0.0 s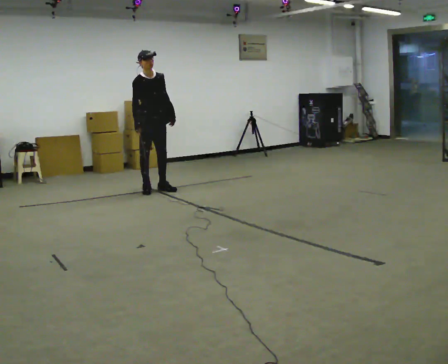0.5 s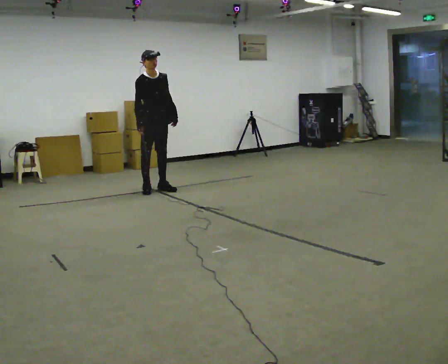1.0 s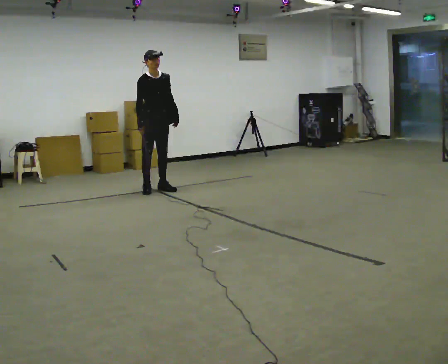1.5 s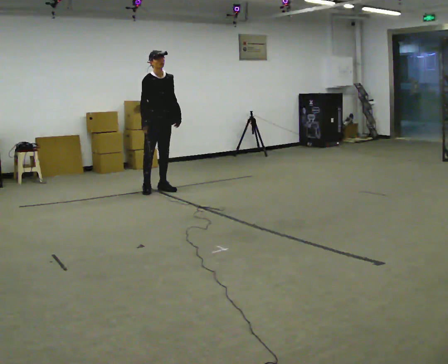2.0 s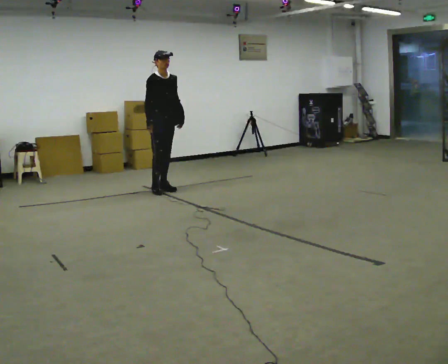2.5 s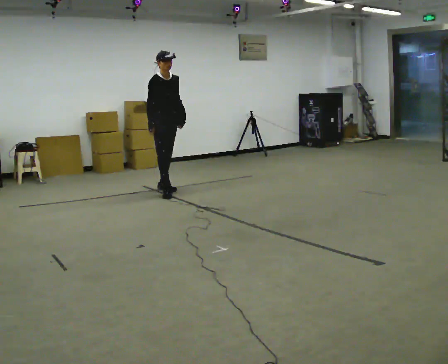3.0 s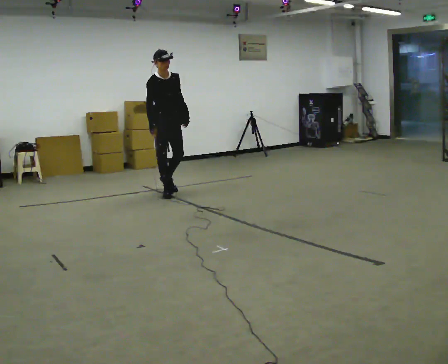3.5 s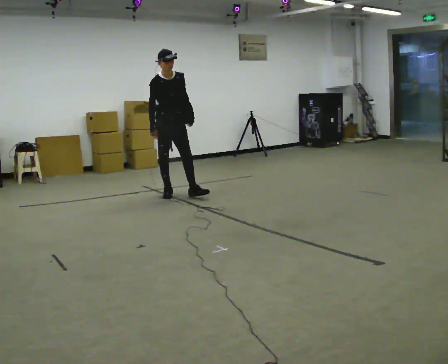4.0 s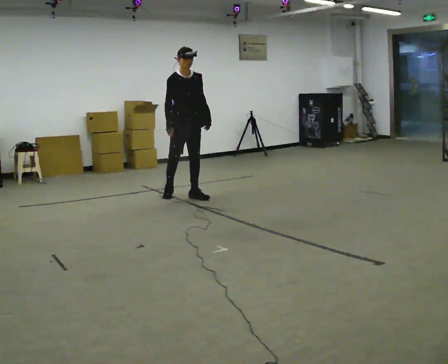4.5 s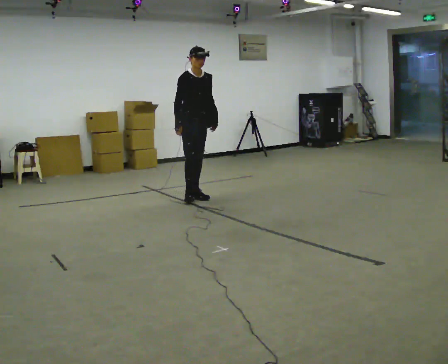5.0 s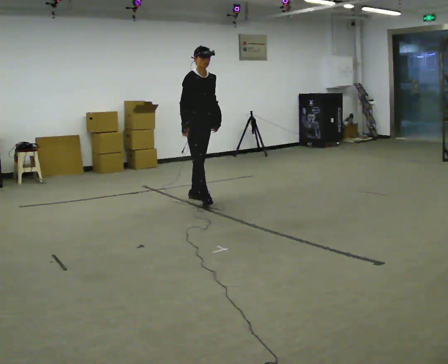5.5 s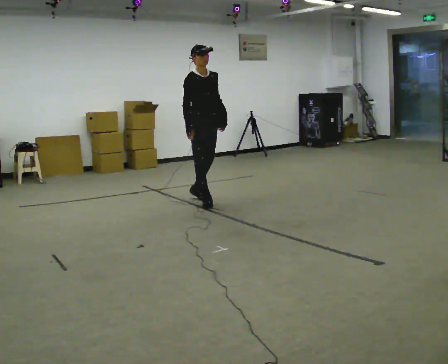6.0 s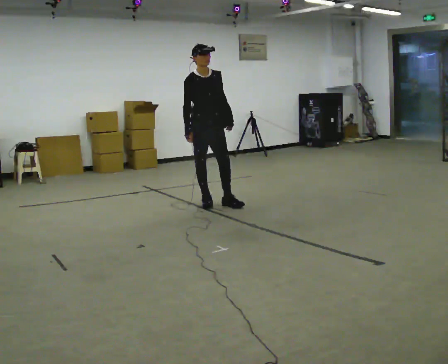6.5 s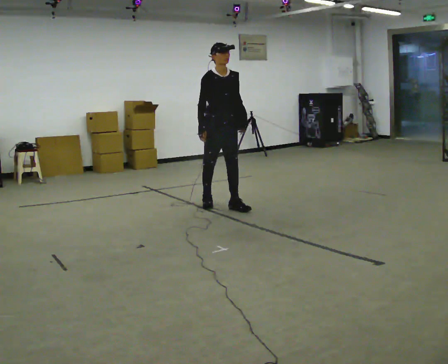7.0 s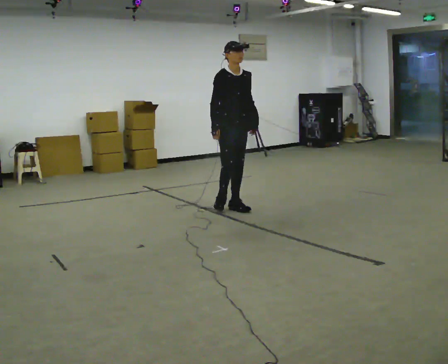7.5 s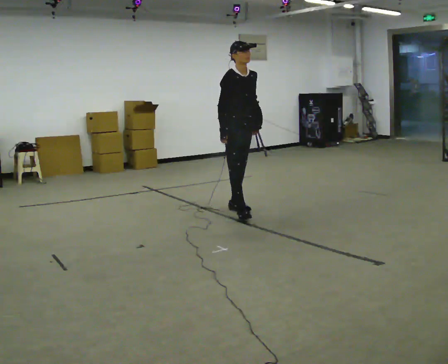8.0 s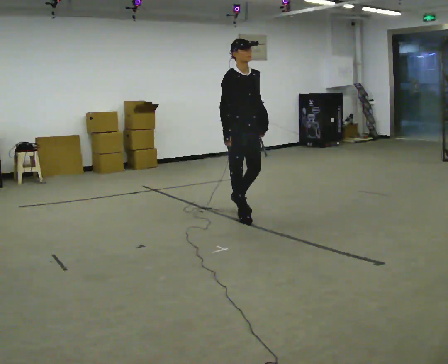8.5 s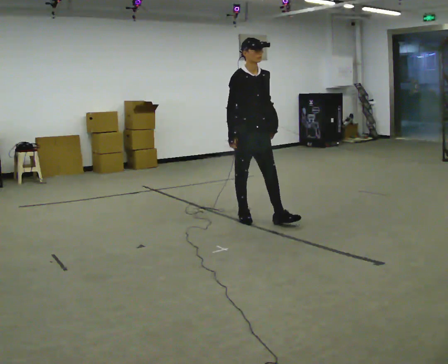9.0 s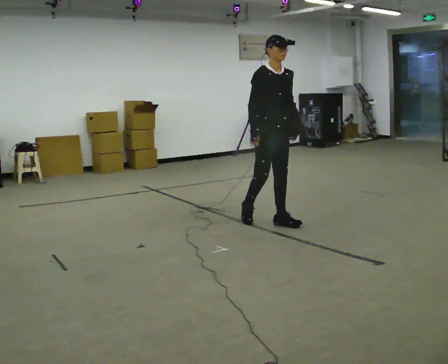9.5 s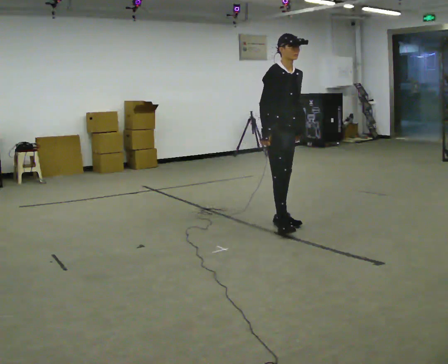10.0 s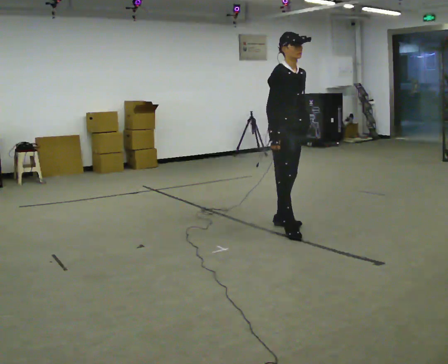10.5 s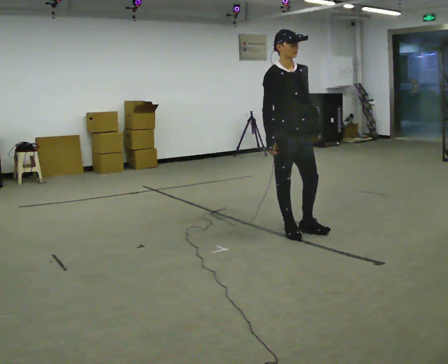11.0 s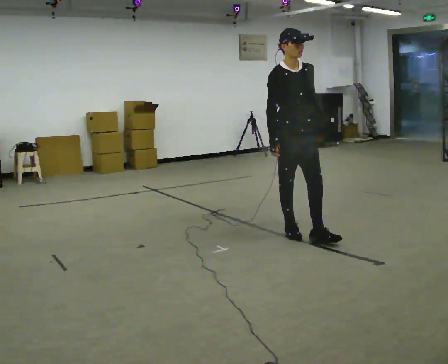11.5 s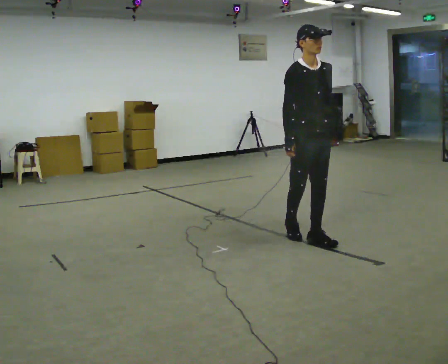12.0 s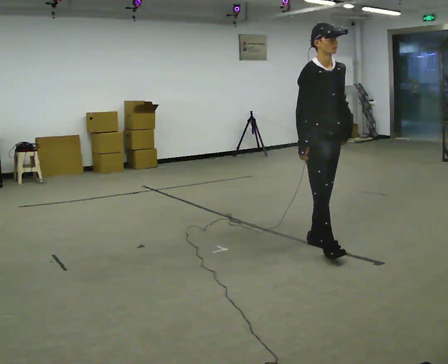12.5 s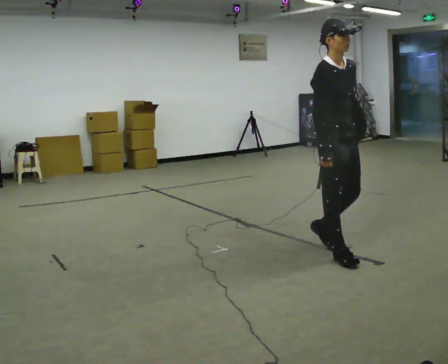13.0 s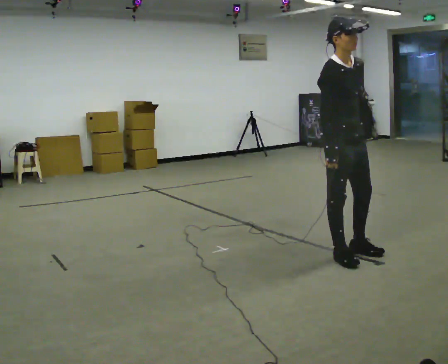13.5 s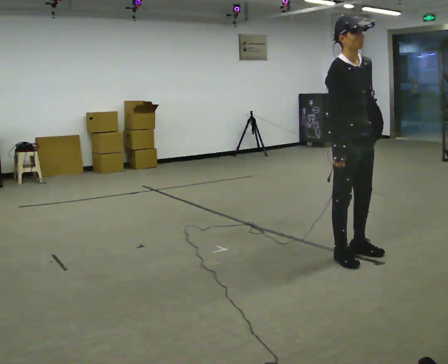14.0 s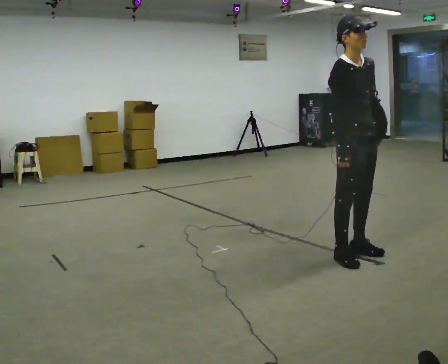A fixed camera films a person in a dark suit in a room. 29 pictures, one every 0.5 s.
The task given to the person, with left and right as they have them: Put the soft bag up onto your shoulder and carry it across the room, back and forth.
0.0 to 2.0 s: The person moves a little, or ends about where they began.
2.0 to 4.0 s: In the picture they go toward the camera and to the right, about 0.5 m in 2 steps, which for them is forward.
4.0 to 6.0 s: In the picture they go toward the camera and to the right, about 0.5 m in 1 step, which for them is forward.
6.0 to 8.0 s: In the picture they go toward the camera and to the right, about 0.75 m in 2 steps, which for them is forward.
8.0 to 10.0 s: In the picture they go toward the camera and to the right, about 0.75 m in 2 steps, which for them is forward.
10.0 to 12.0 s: In the picture they go toward the camera and to the right, about 0.5 m in 1 step, which for them is forward.
12.0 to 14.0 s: In the picture they go toward the camera and to the right, about 0.25 m in 2 steps, which for them is forward.
The film runs forward here.
